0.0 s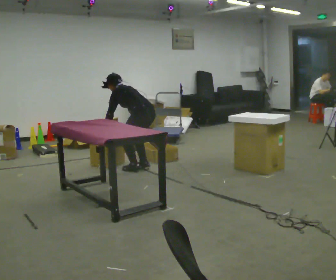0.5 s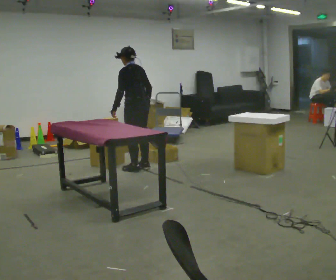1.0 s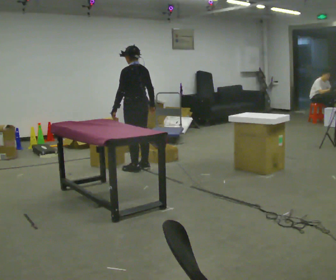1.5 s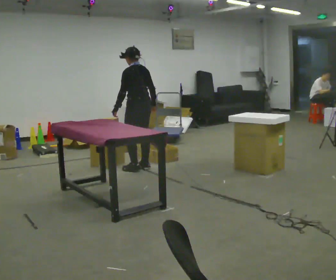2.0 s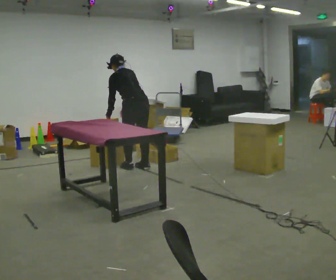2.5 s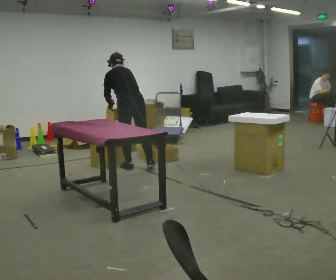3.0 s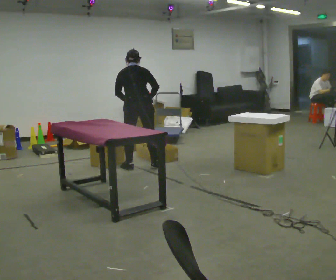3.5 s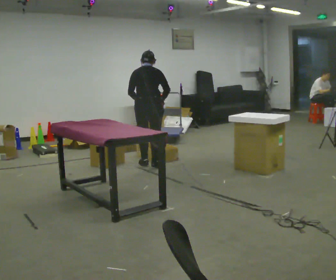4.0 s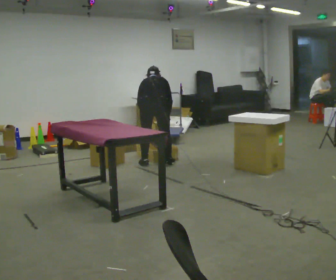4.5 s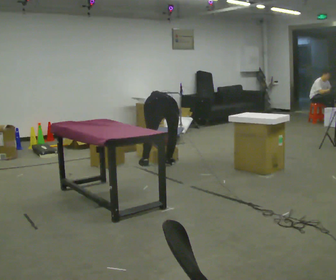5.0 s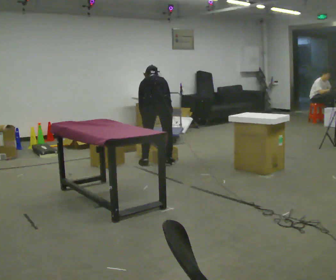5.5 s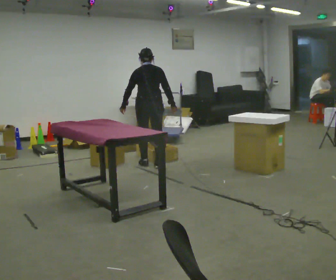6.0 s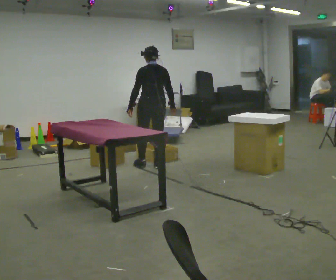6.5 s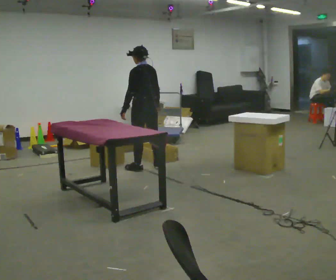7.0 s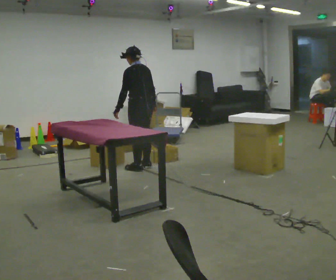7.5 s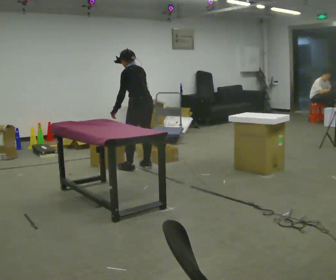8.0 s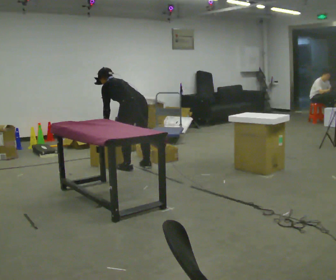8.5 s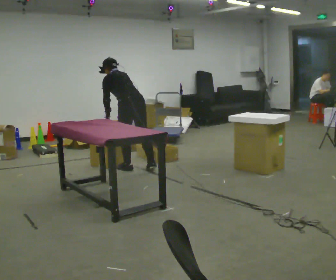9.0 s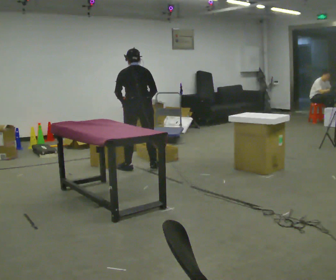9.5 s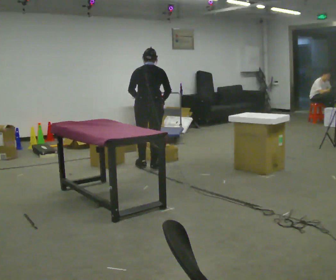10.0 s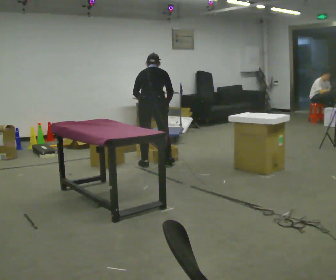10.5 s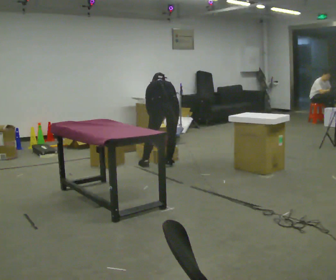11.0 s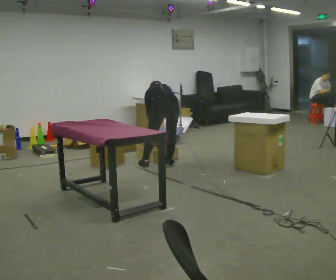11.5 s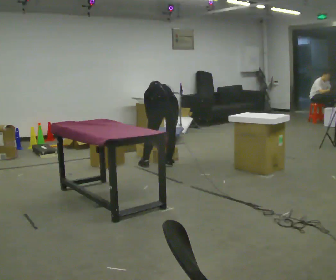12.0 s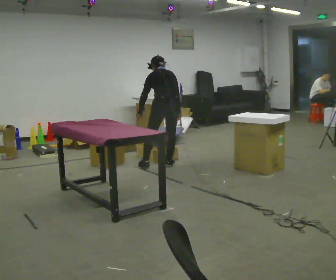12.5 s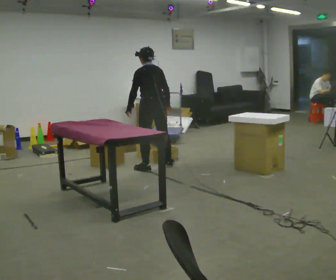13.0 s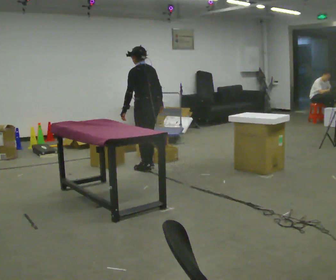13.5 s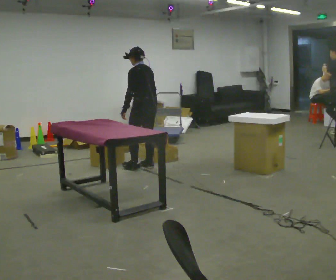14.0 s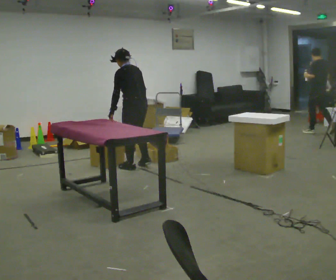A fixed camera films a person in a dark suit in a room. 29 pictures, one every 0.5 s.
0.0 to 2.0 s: The person moves a little, or ends about where they began.
2.0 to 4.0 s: The person turns about 30 degrees to their right, clockwise seen from above, so the part of the body nearest the lens slides to the left. In the picture they go to the right, about 0.25 m in 2 steps, which for them is to their right and forward. In the picture the upper body tilts clockwise, shoulders to the right.
4.0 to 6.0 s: The person moves a little, or ends about where they began.
6.0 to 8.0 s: The part of the body nearest the lens slides to the right as the person turns to their left by about 30 degrees. In the picture they go to the left and toward the camera, about 0.25 m in 1 step, which for them is to their left. The upper body goes downward. In the picture the upper body tilts counterclockwise, shoulders to the left, as they bend forward.
8.0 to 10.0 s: Seen from above the body turns clockwise, about 60 degrees: to their right, with its near side sliding to the left. In the picture they go to the right and away from the camera, about 0.25 m in 3 steps, which for them is to their right and forward. In the picture the upper body tilts clockwise, shoulders to the right.
10.0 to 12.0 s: Seen from above the body turns counterclockwise, about 30 degrees: to their left, with its near side sliding to the right. In the picture they go to the right, about 0.25 m, which for them is to their right.
12.0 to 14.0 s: The part of the body nearest the lens slides to the right as the person turns to their left by about 30 degrees. In the picture they go to the left, about 0.5 m in 3 steps, which for them is to their left and forward. The upper body tips toward the camera, its near side rolling downward.
The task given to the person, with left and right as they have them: 1. Move everything from the second bin into the first bin. 2. Carry the empty bin to the shelf. 3. Carry the full bin to the table. 4. Tell the operator when you are finished.
The film runs forward here.
